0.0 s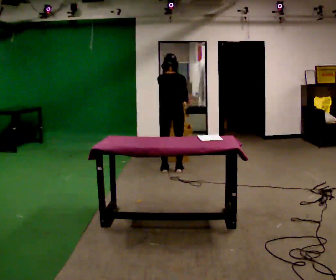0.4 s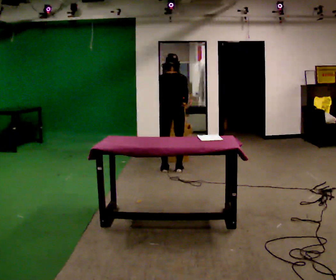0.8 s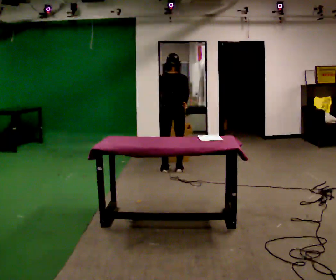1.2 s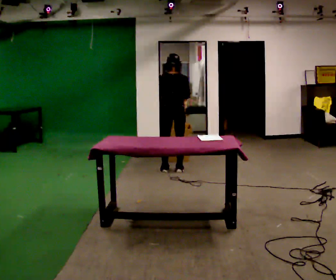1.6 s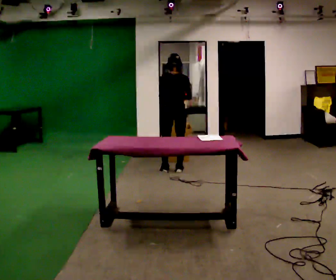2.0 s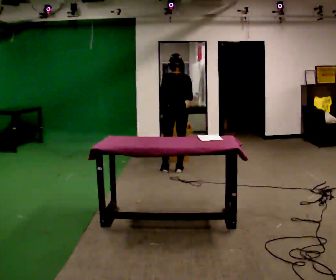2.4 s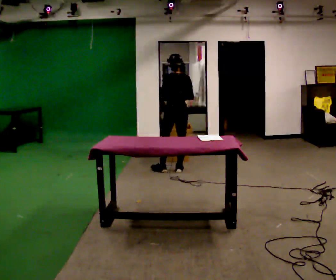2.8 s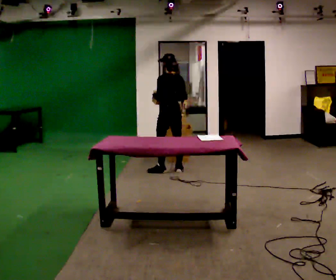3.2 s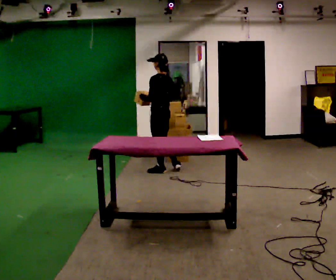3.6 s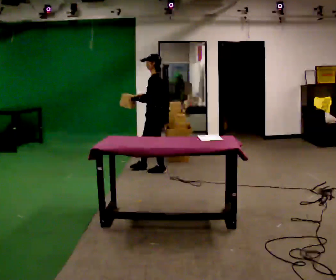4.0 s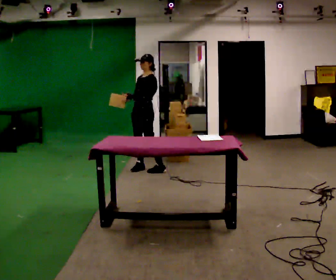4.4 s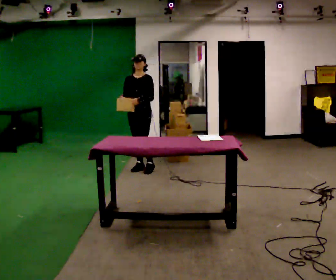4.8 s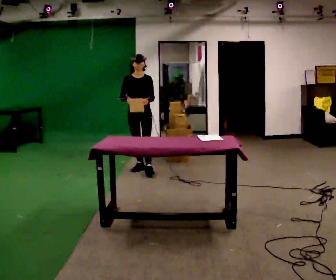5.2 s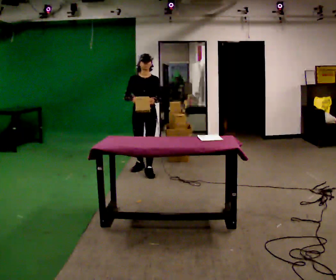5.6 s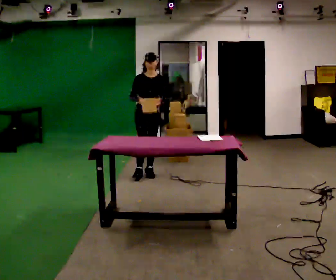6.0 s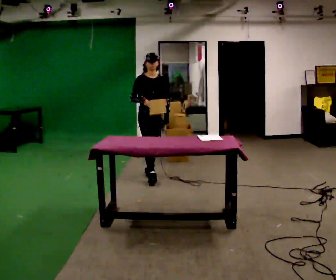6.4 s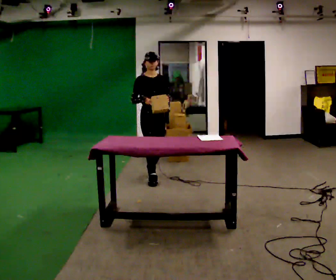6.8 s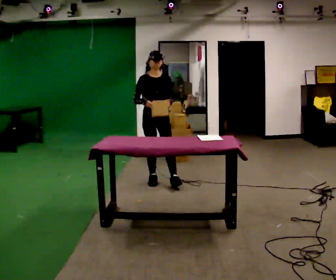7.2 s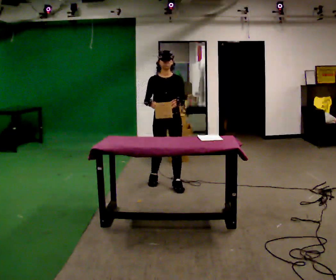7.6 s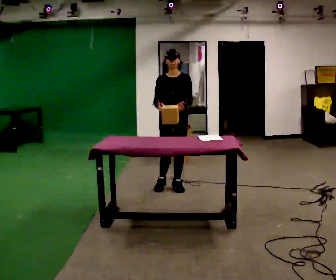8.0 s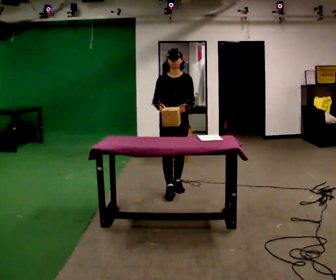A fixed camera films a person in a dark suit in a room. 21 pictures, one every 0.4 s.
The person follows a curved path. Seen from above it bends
counterclockwise.
The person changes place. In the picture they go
toward the camera.
0.0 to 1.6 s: The person moves a little, or ends about where they began.
1.6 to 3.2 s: Seen from above the body turns counterclockwise, about 60 degrees: to their left, with its near side sliding to the right. In the picture they go to the left, about 0.25 m. In the picture their left hand goes to the left.
3.2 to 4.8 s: The person turns about 120 degrees to their left, counterclockwise seen from above, so the part of the body nearest the lens slides to the right. In the picture they go to the left, about 0.25 m in 2 steps.
4.8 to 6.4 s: In the picture they go toward the camera, about 0.5 m in 1 step, which for them is forward.
6.4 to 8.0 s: The part of the body nearest the lens slides to the left as the person turns to their right by about 30 degrees. In the picture they go toward the camera and to the right, about 0.5 m in 2 steps, which for them is forward and to their left.
The film runs forward here.
